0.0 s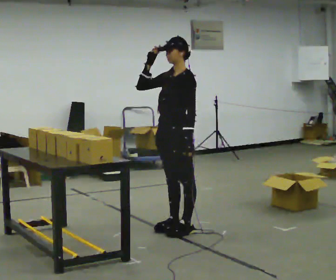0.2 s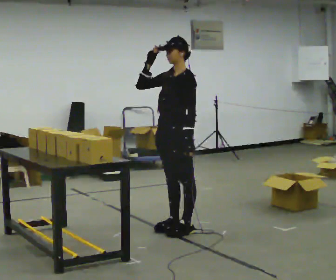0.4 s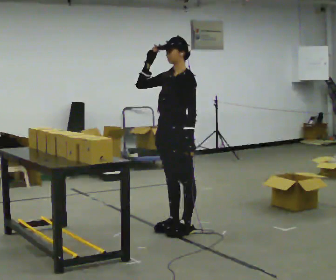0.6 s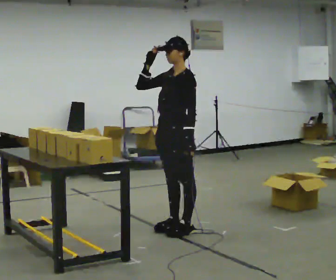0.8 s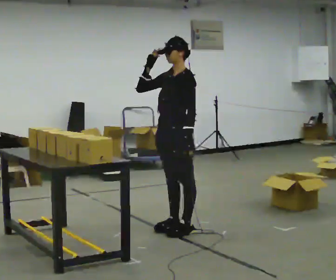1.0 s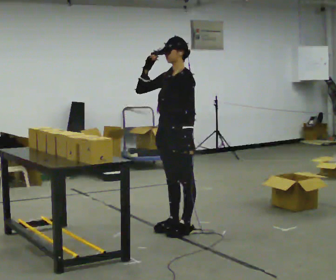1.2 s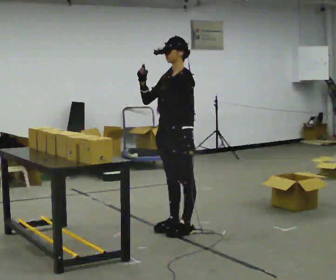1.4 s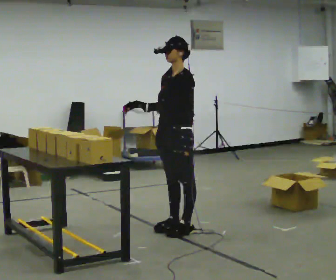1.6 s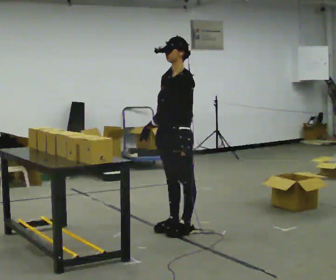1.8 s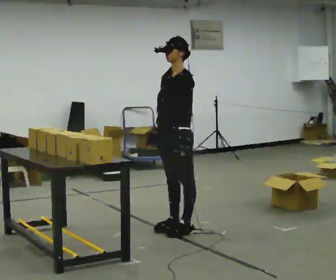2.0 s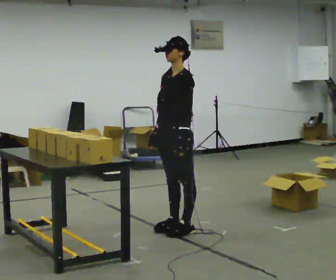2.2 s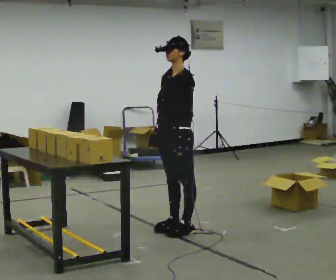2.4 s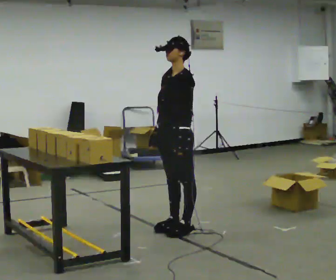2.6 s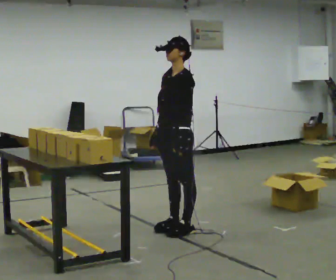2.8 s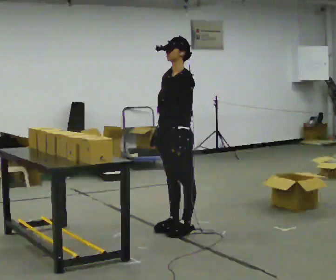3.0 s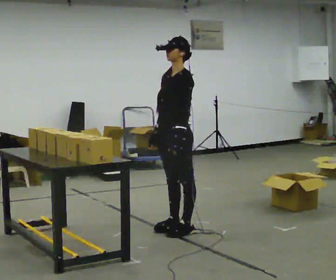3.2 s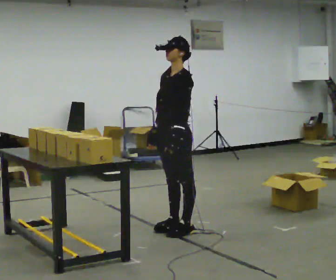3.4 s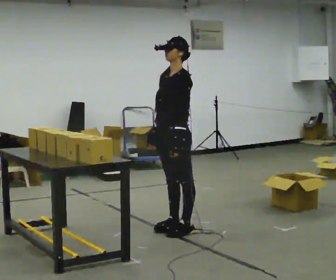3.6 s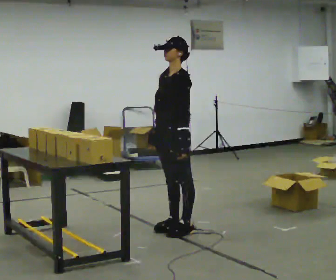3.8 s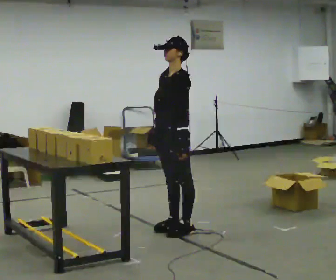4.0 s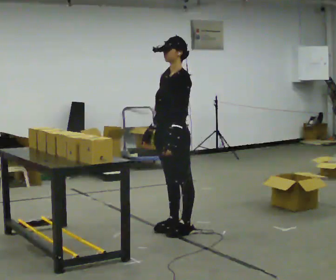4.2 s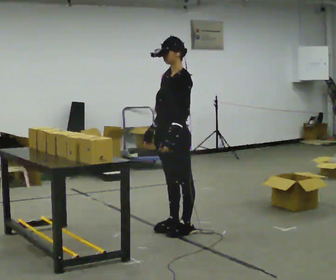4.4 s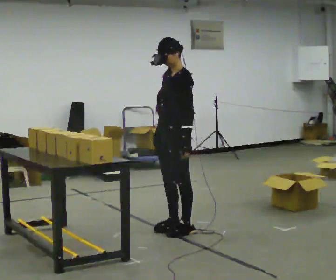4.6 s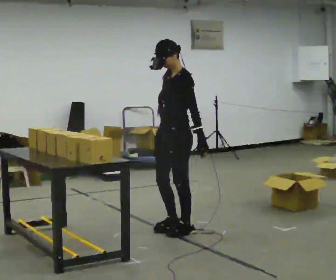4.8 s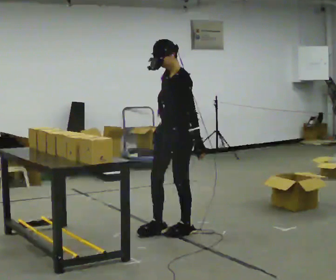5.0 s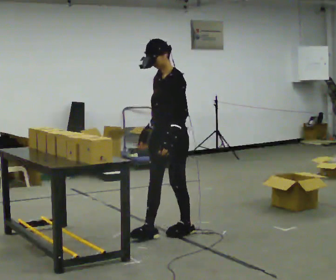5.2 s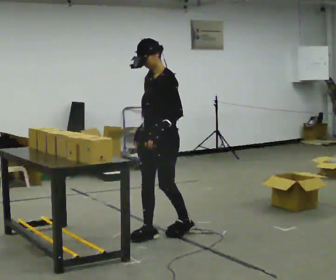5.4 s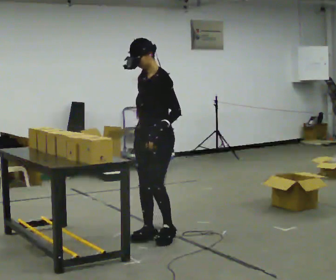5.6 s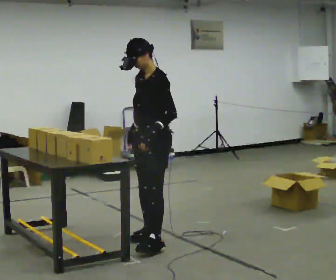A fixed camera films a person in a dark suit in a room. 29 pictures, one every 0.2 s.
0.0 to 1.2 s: The person moves a little, or ends about where they began.
1.2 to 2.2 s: In the picture their right hand goes downward.
2.2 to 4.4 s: The person moves a little, or ends about where they began.
4.4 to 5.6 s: In the picture they go toward the camera, about 0.25 m in 2 steps, which for them is forward and to their left.
The film runs backward here.
